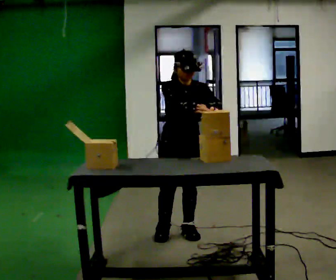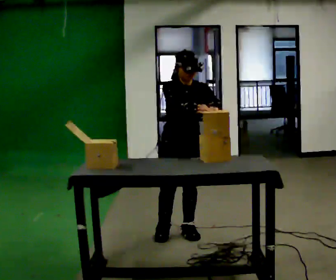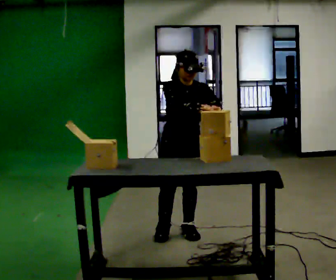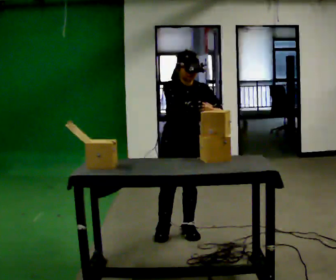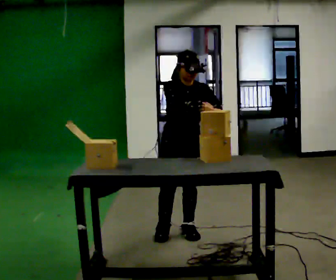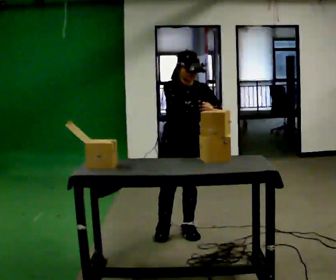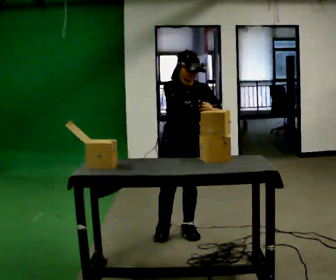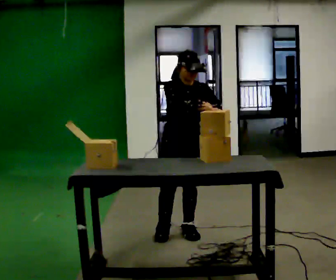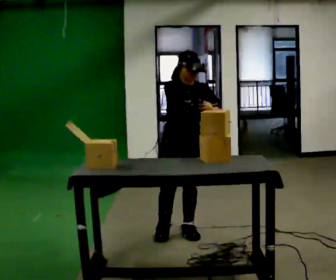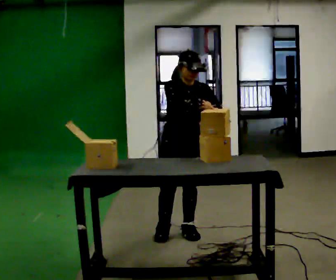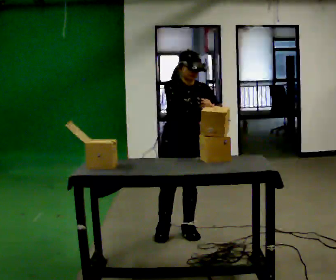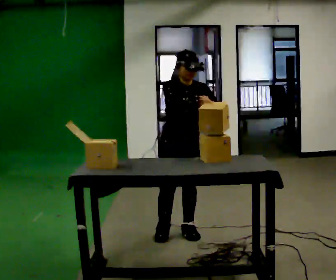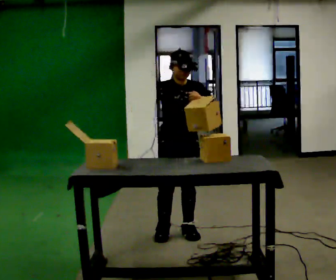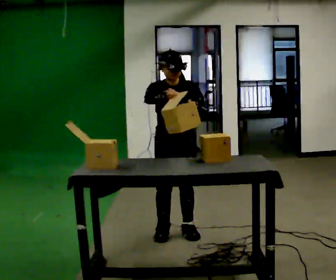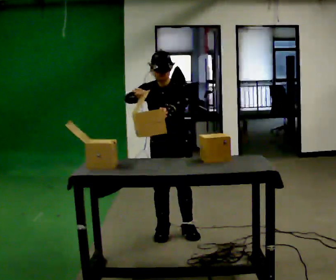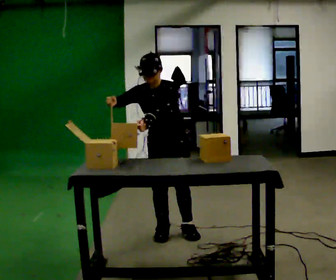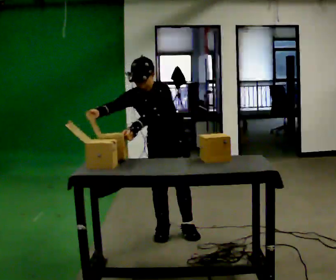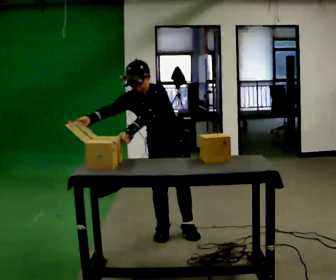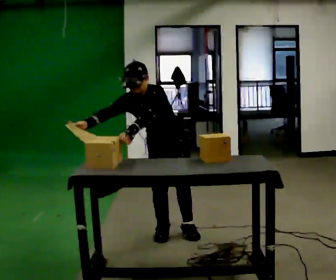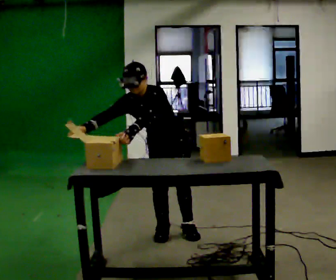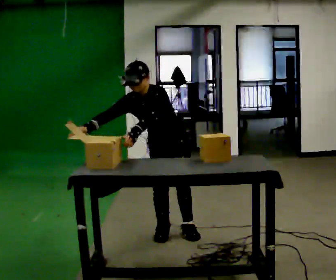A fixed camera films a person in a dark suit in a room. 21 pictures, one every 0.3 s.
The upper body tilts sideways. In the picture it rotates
counterclockwise.
0.0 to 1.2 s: The person moves a little, or ends about where they began.
1.2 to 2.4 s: The person keeps their place and pose.
2.4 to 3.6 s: The person moves a little, or ends about where they began.
3.6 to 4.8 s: In the picture the upper body tilts counterclockwise, shoulders to the left, as they bend forward. In the picture their right hand goes to the left.
4.8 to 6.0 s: The person moves a little, or ends about where they began.
The film runs backward here.
